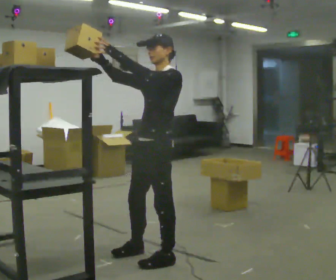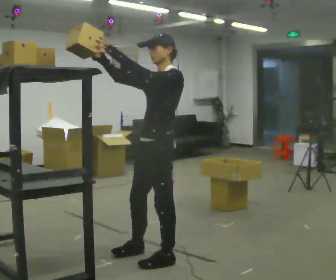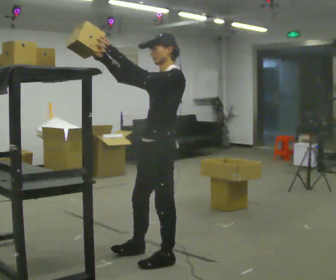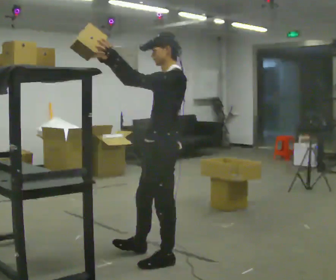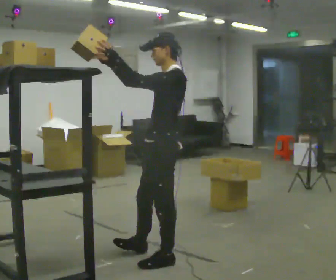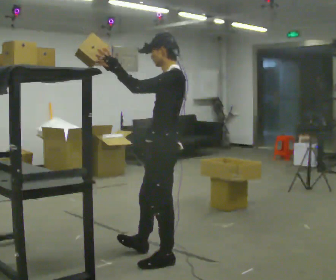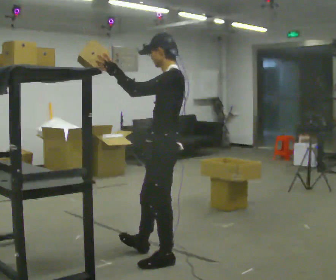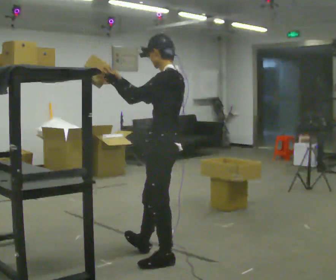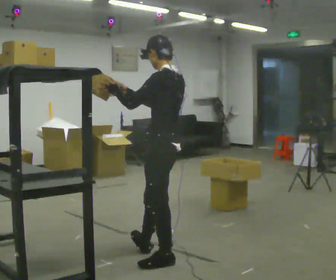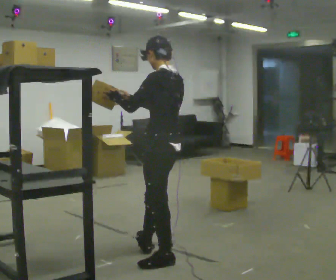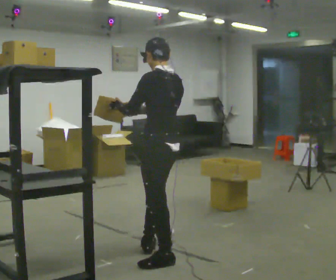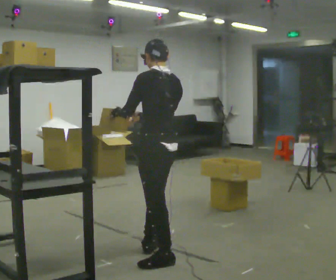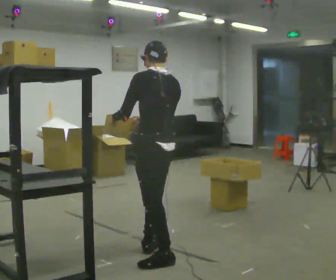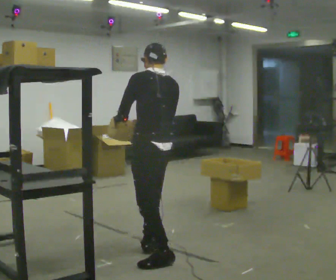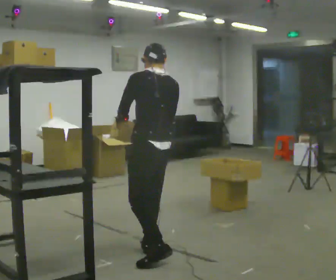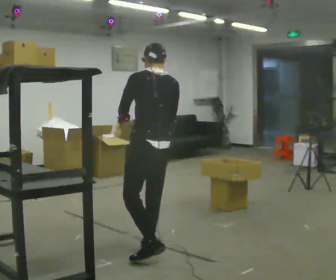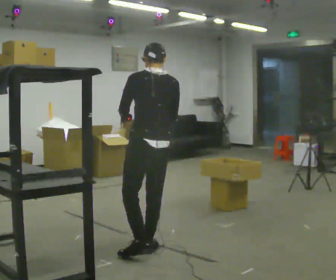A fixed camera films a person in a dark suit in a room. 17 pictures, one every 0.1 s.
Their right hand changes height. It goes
downward.
Their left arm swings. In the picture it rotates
counterclockwise.
0.0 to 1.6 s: Seen from above the body turns clockwise, about 90 degrees: to their right, with its near side sliding to the left. In the picture they go away from the camera, about 0.25 m. In the picture their right hand goes downward, the arm swinging counterclockwise.
The film runs forward here.
